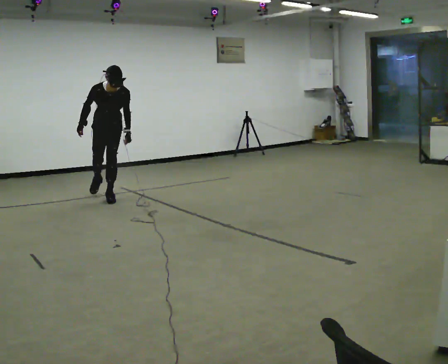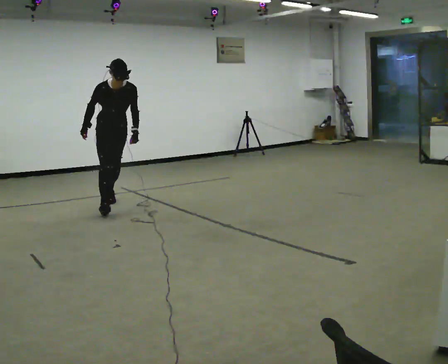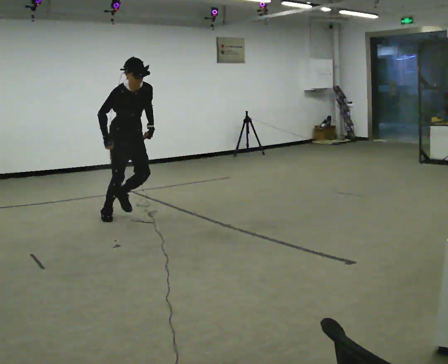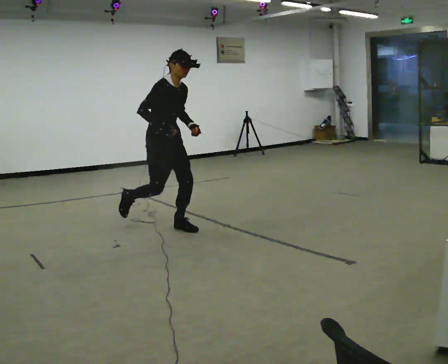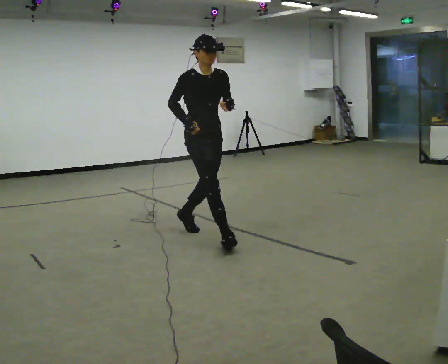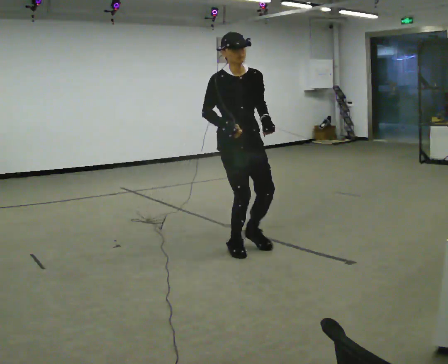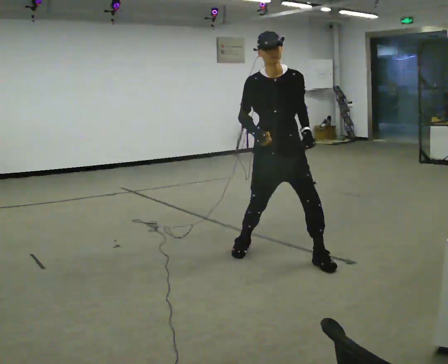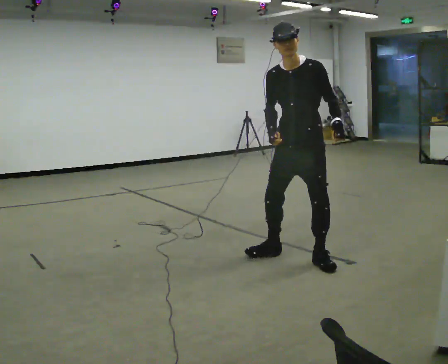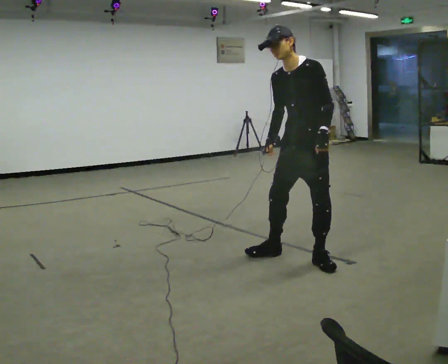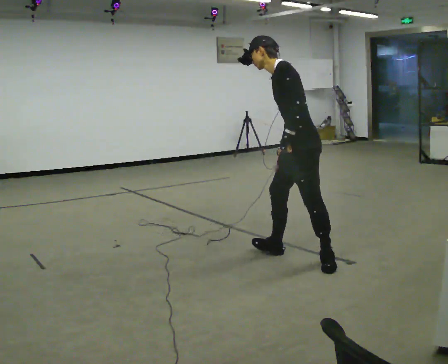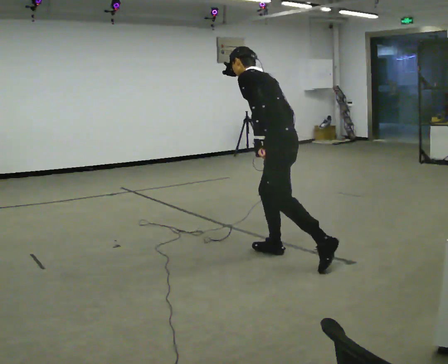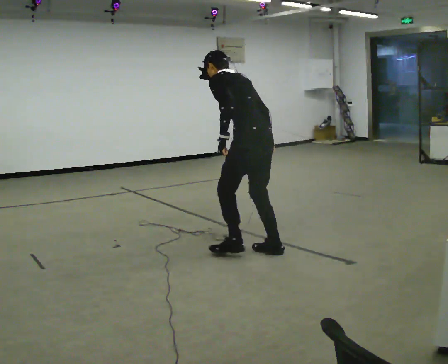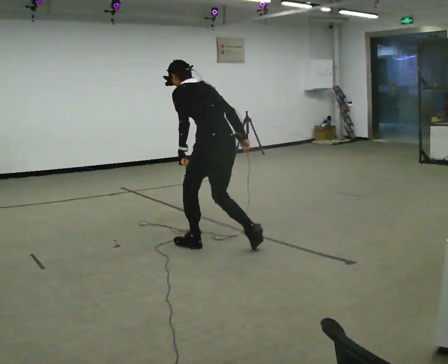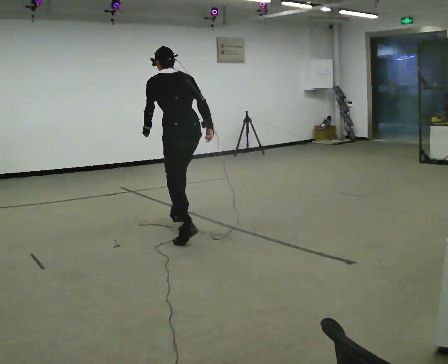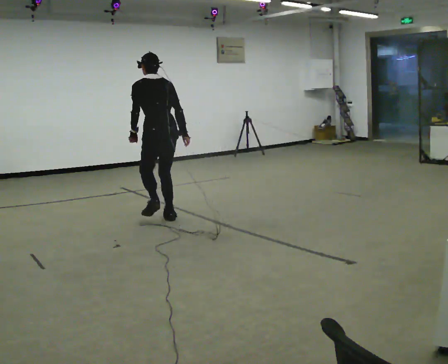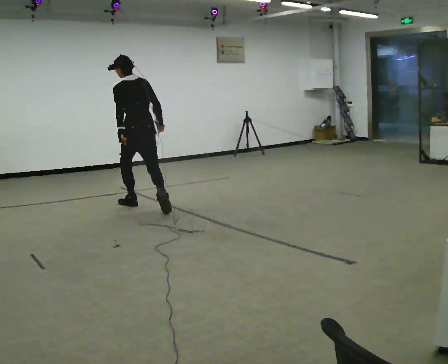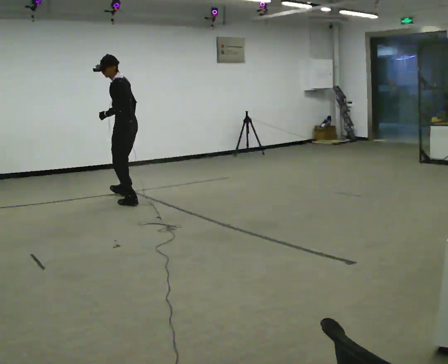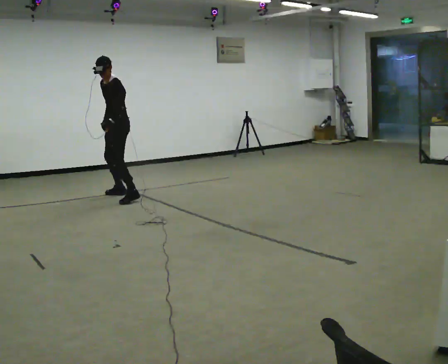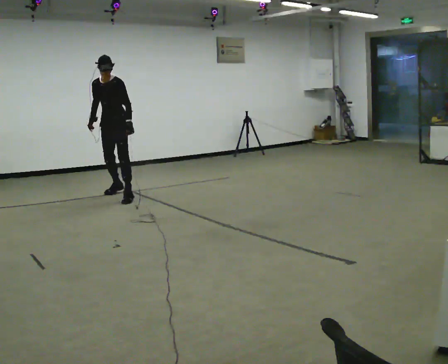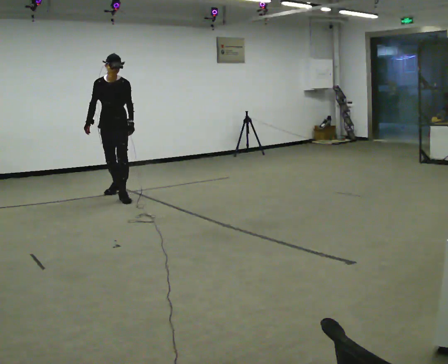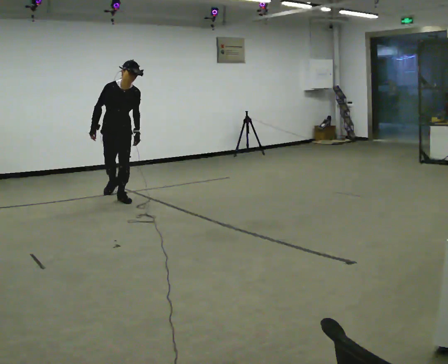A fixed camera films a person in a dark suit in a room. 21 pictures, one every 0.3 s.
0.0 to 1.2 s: The person turns about 30 degrees to their left, counterclockwise seen from above, so the part of the body nearest the lens slides to the right. In the picture they go toward the camera and to the right, about 2 m in 2 steps, which for them is forward. The upper body tips away from the camera, its near side rolling upward, as they lean back or straighten. In the picture their left hand goes upward.
1.2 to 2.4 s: The part of the body nearest the lens slides to the left as the person turns to their right by about 90 degrees. In the picture they go to the right and toward the camera, about 1 m in 3 steps. In the picture the upper body tilts counterclockwise, shoulders to the left.
2.4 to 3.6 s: The person turns about 90 degrees to their right, clockwise seen from above, so the part of the body nearest the lens slides to the left. In the picture they go to the left and away from the camera, about 1 m in 1 step. The upper body tips away from the camera, its near side rolling upward, as they bend forward.
3.6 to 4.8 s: Seen from above the body turns counterclockwise, about 45 degrees: to their left, with its near side sliding to the right. In the picture they go away from the camera and to the left, about 2 m in 2 steps. The upper body tips toward the camera, its near side rolling downward, as they lean back or straighten.
4.8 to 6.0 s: The person turns about 105 degrees to their left, counterclockwise seen from above, so the part of the body nearest the lens slides to the right. In the picture the upper body tilts clockwise, shoulders to the right, as they bend forward.
The film runs forward here.
